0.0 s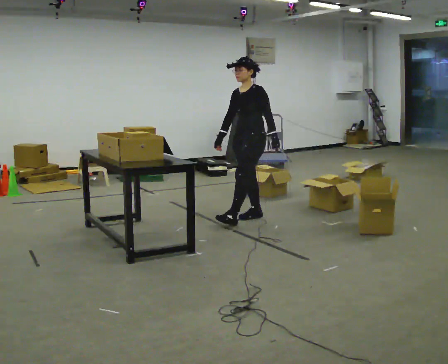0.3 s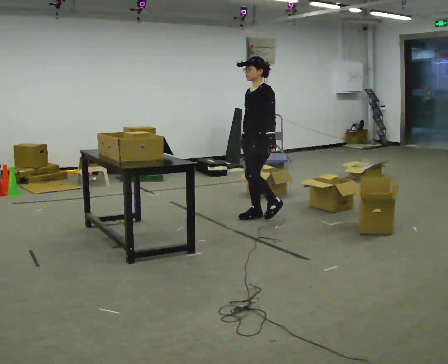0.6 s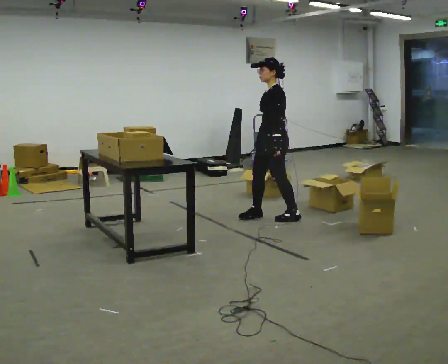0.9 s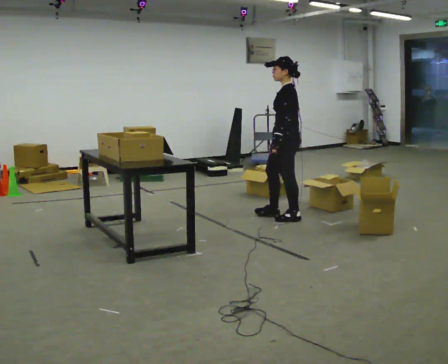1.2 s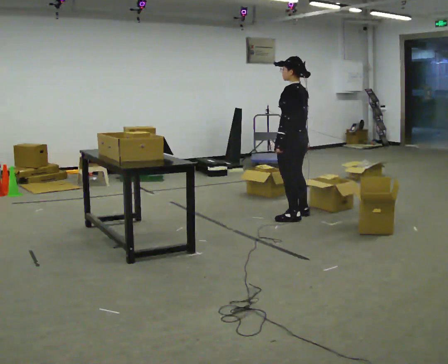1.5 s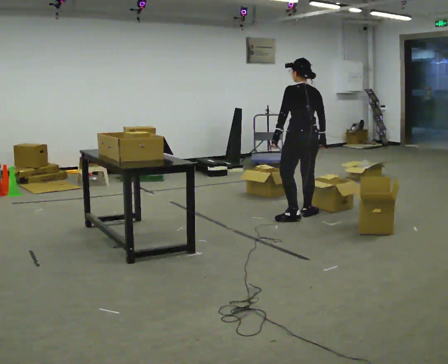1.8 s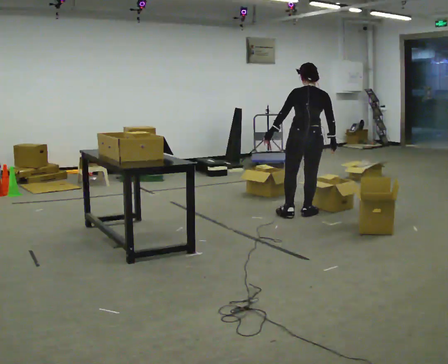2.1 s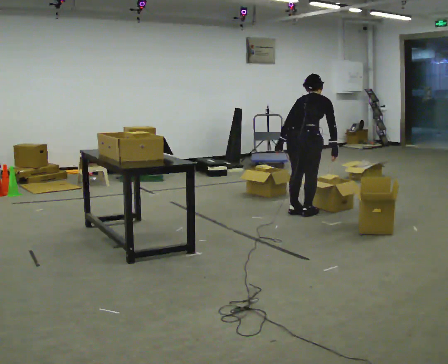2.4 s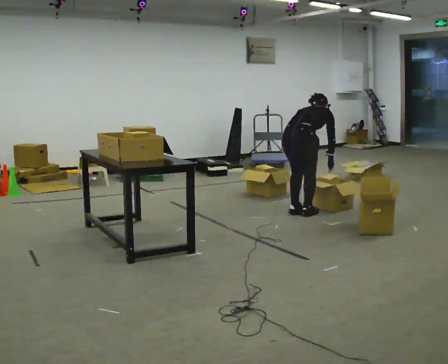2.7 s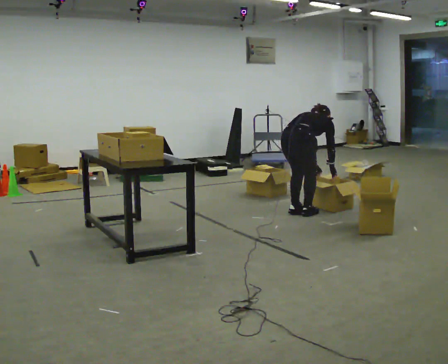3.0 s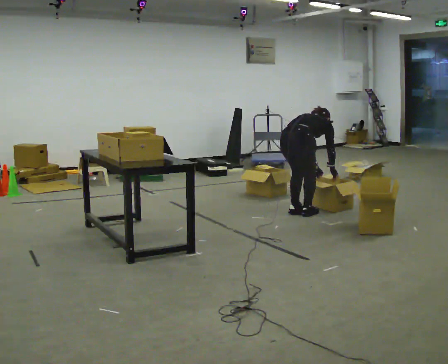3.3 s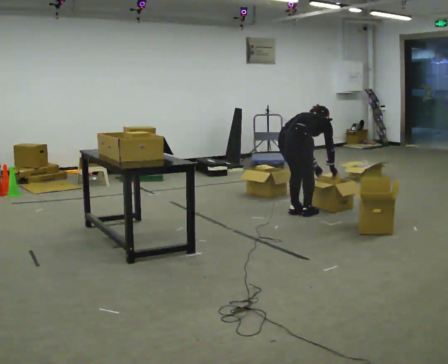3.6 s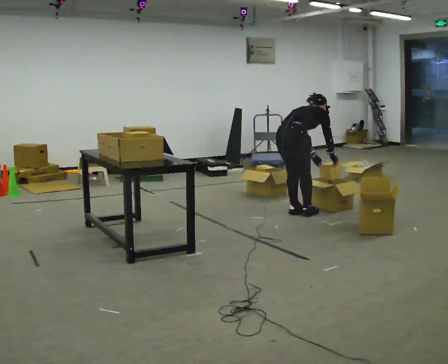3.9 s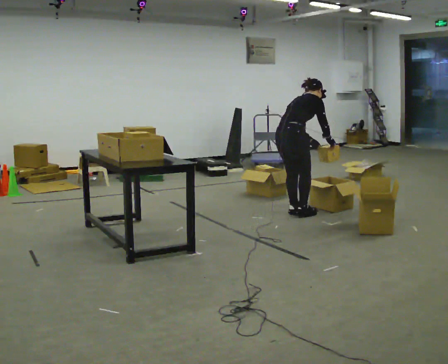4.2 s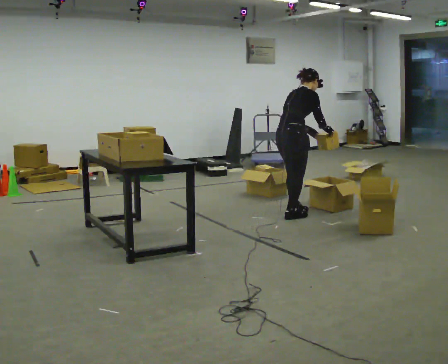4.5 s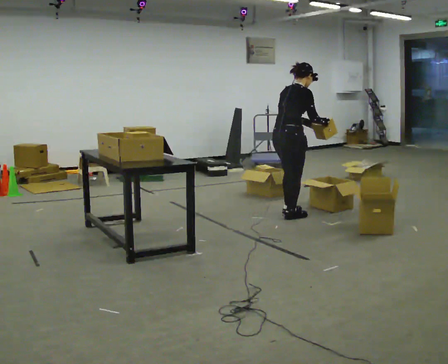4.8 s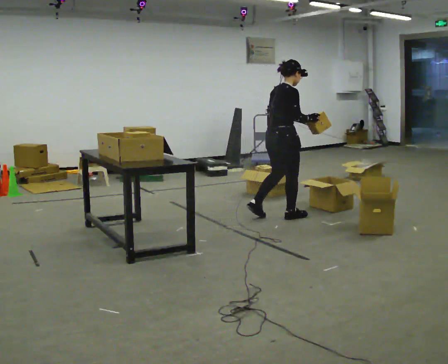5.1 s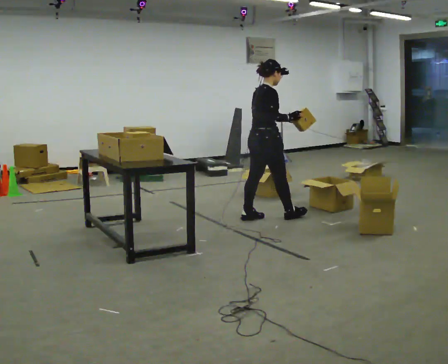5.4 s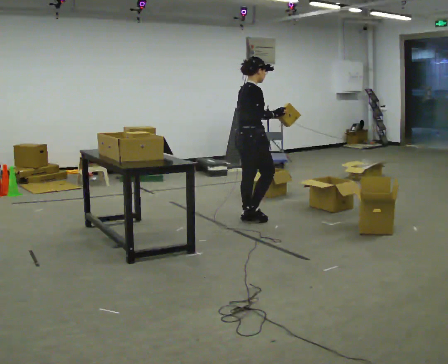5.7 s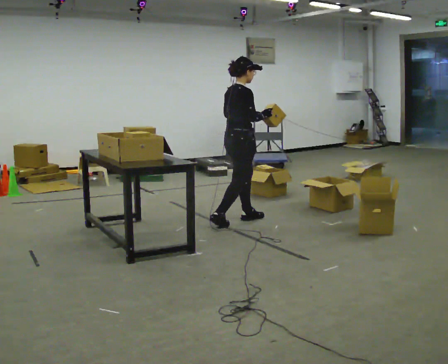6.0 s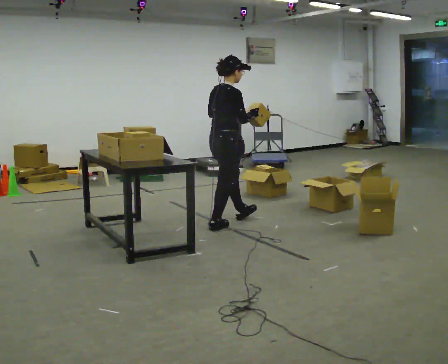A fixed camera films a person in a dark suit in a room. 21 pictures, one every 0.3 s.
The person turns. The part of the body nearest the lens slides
to the left.
The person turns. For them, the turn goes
to their right.
0.0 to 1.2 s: The person turns about 75 degrees to their right, clockwise seen from above, so the part of the body nearest the lens slides to the left. In the picture they go to the right, about 0.5 m in 1 step.
1.2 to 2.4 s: The person turns about 90 degrees to their right, clockwise seen from above, so the part of the body nearest the lens slides to the left. The upper body goes downward. The upper body tips away from the camera, its near side rolling upward, as they bend forward.
2.4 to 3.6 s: The person moves a little, or ends about where they began.
3.6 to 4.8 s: The upper body goes upward. The upper body tips toward the camera, its near side rolling downward, as they lean back or straighten. In the picture their left hand goes upward.
4.8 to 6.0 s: In the picture they go to the left and toward the camera, about 0.5 m in 2 steps, which for them is backward.
The film runs backward here.
